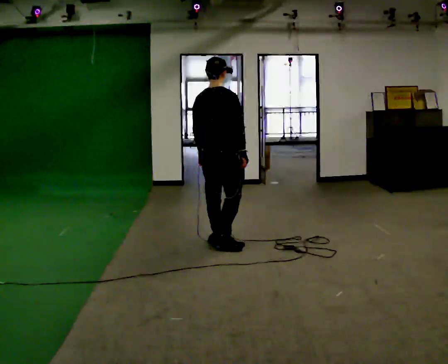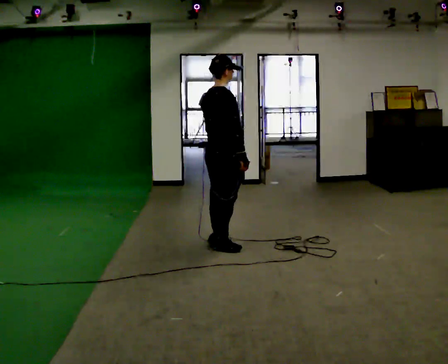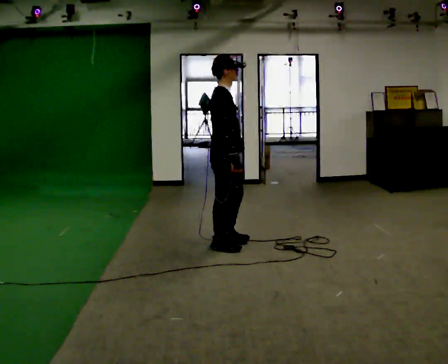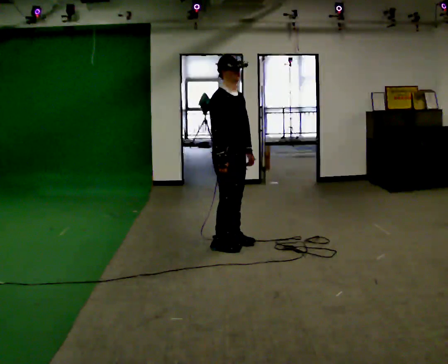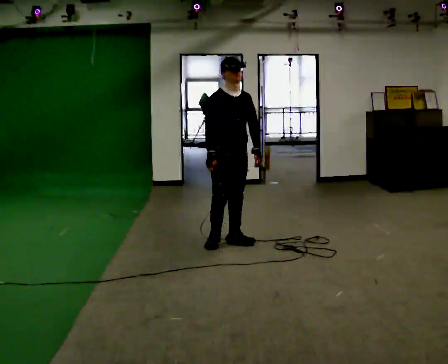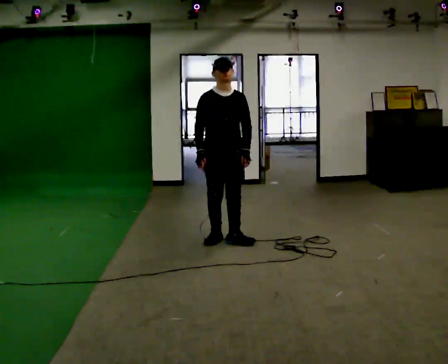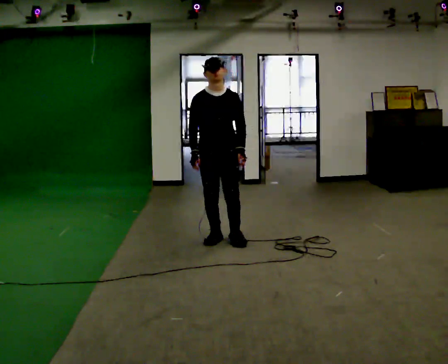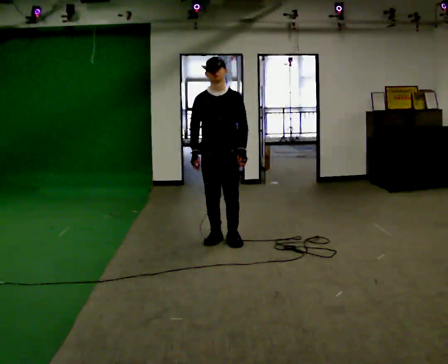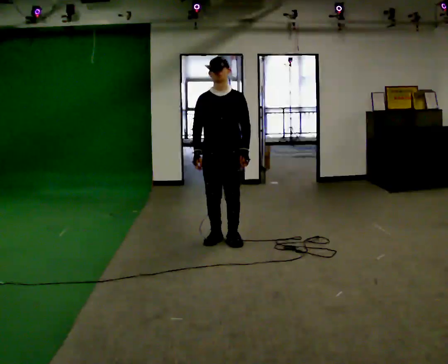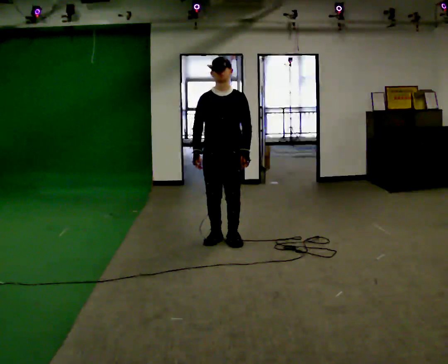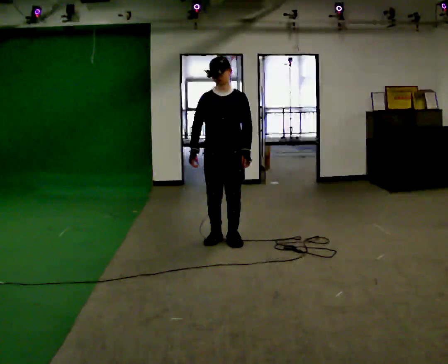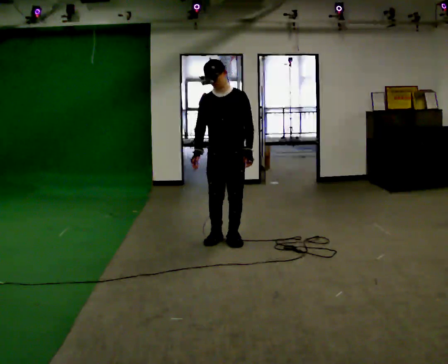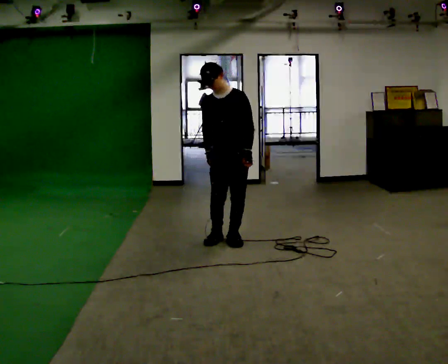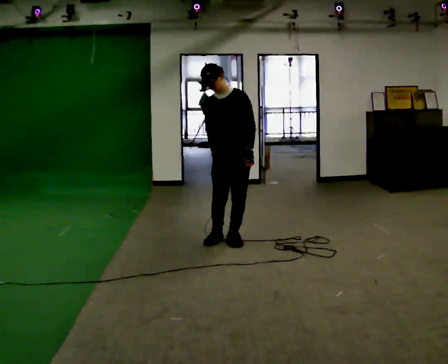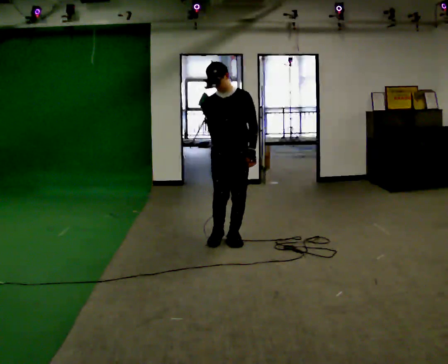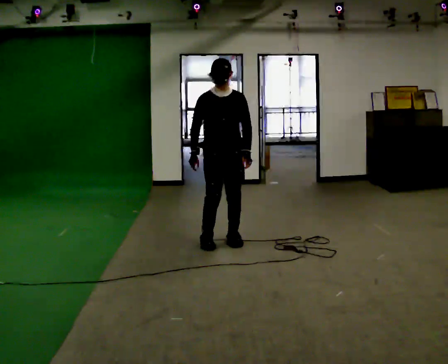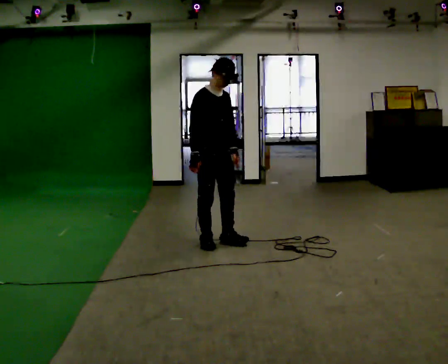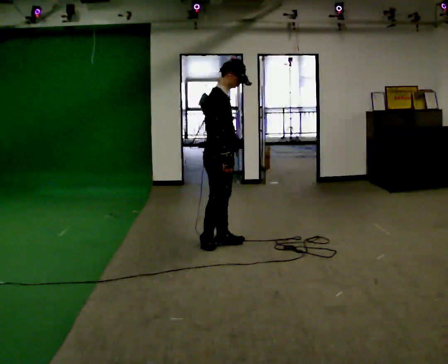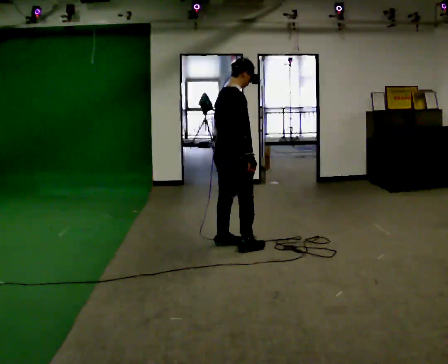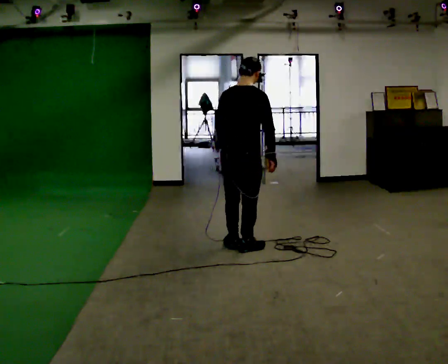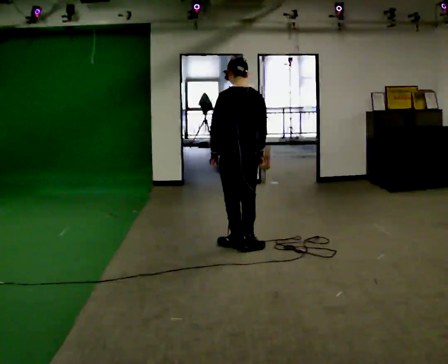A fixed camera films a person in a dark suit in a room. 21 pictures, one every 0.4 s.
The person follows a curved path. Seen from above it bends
clockwise.
0.0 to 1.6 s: Seen from above the body turns clockwise, about 120 degrees: to their right, with its near side sliding to the left.
1.6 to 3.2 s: The part of the body nearest the lens slides to the left as the person turns to their right by about 30 degrees.
3.2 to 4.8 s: The person moves a little, or ends about where they began.
4.8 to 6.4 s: The person turns about 60 degrees to their left, counterclockwise seen from above, so the part of the body nearest the lens slides to the right. In the picture they go to the left, about 0.25 m in 1 step.
6.4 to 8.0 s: The part of the body nearest the lens slides to the right as the person turns to their left by about 165 degrees. In the picture they go to the right, about 0.25 m in 2 steps.
The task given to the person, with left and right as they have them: Turn on the spot to face the direction the operator calls, then stand still. The operator will call 90, 180 and 360 degrees and left or right.
The film runs forward here.
